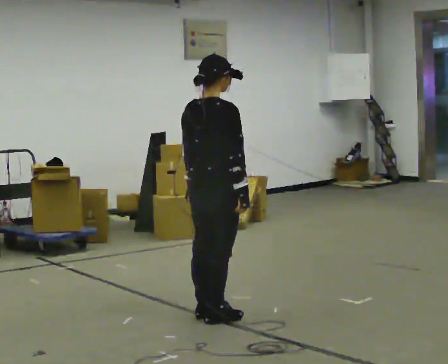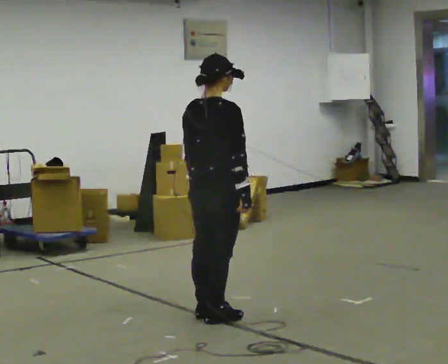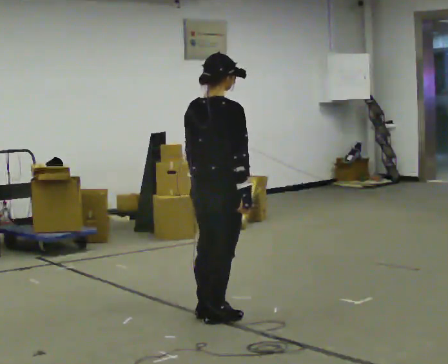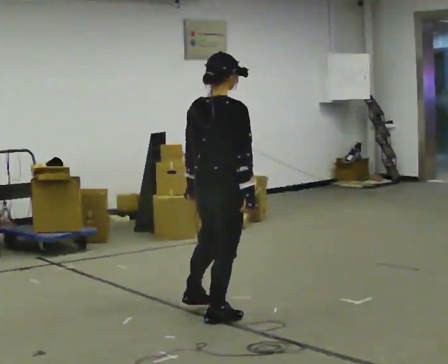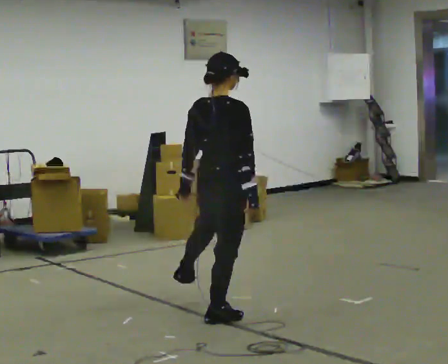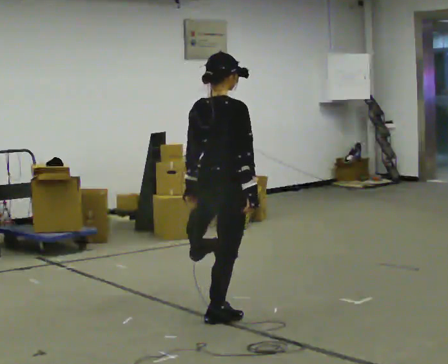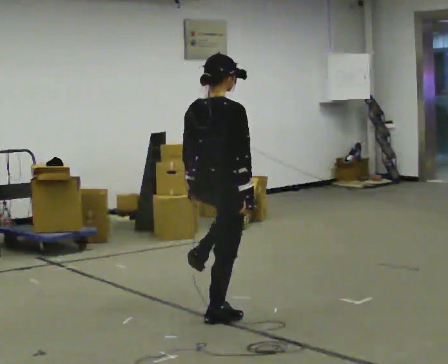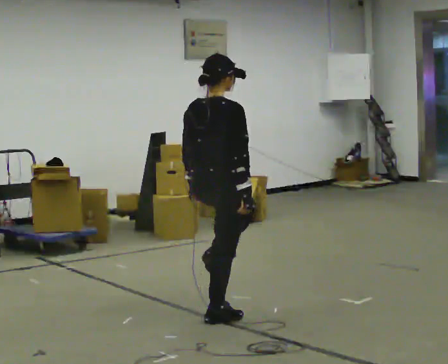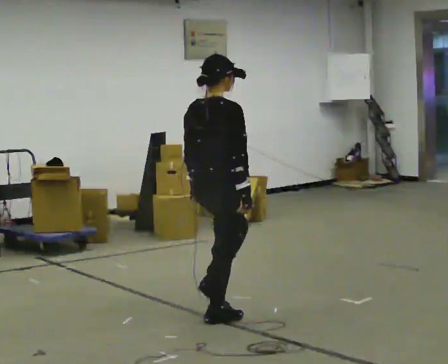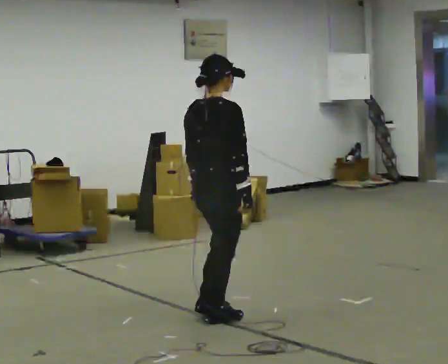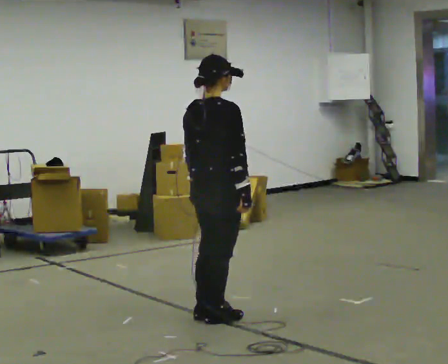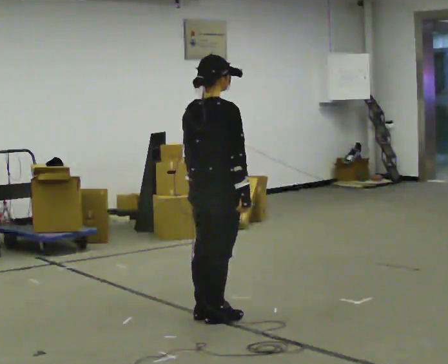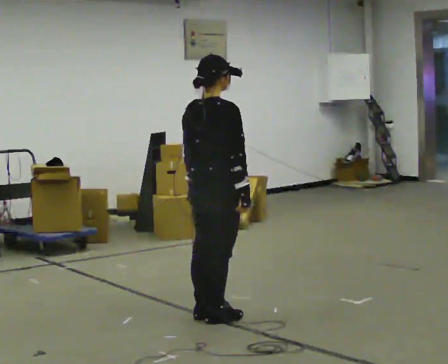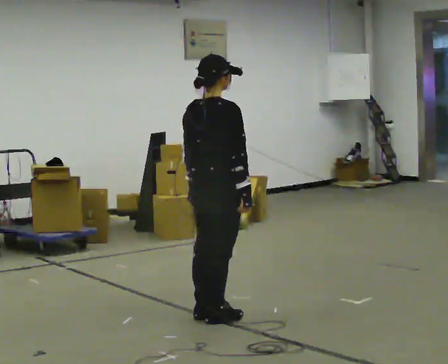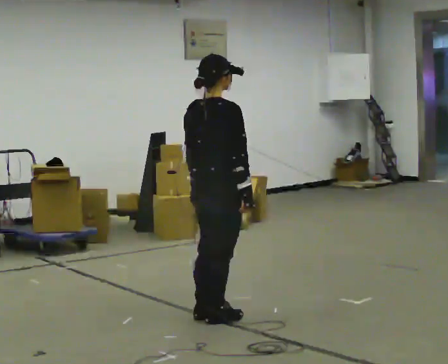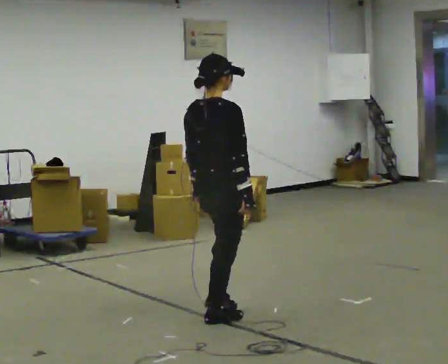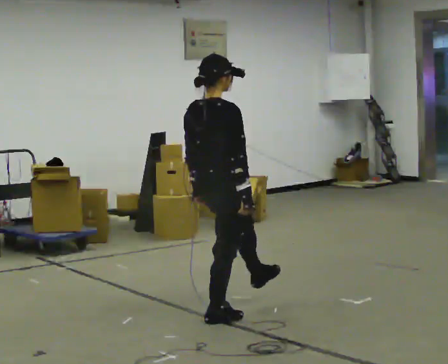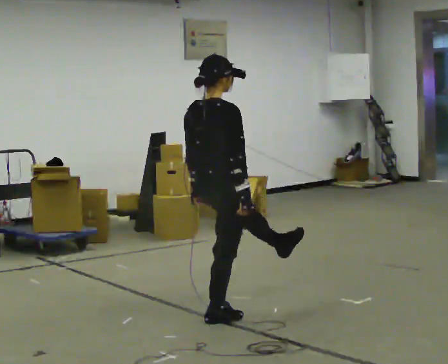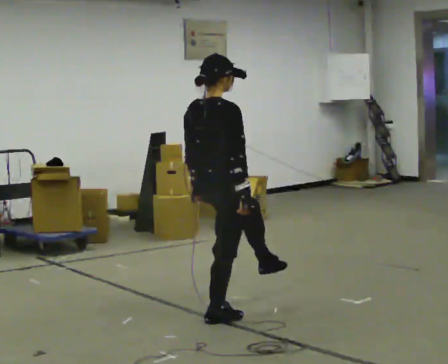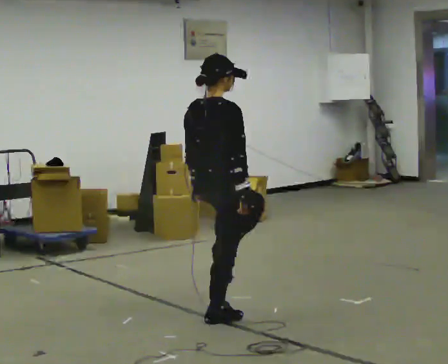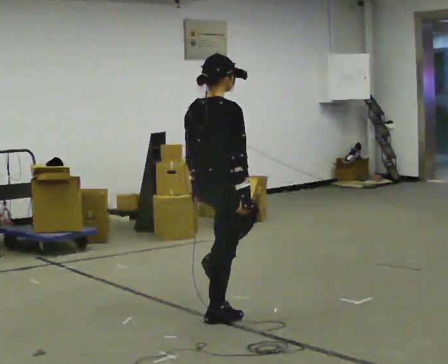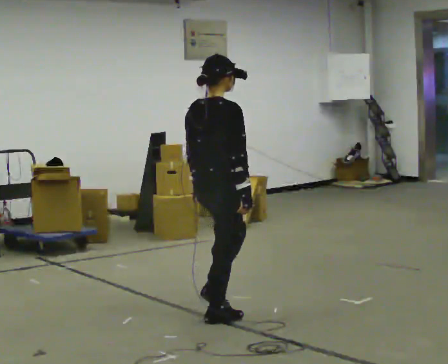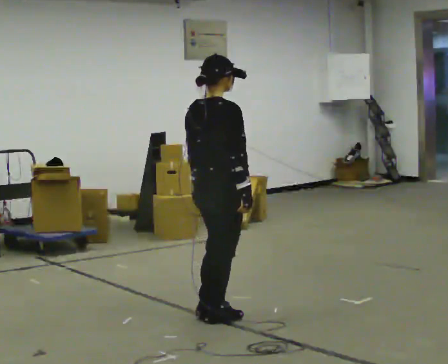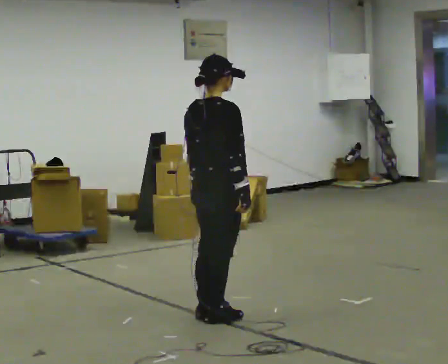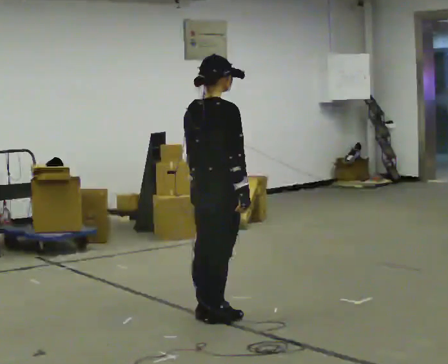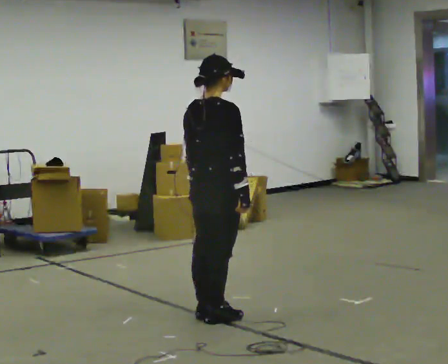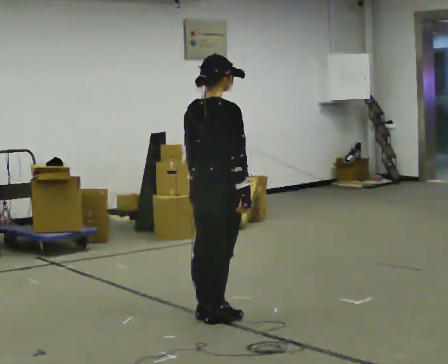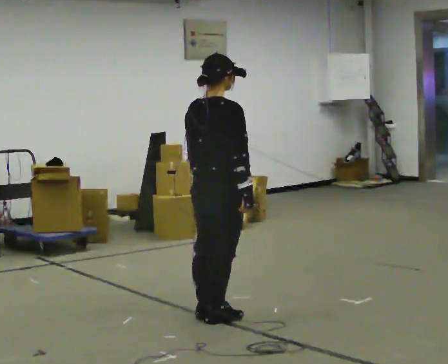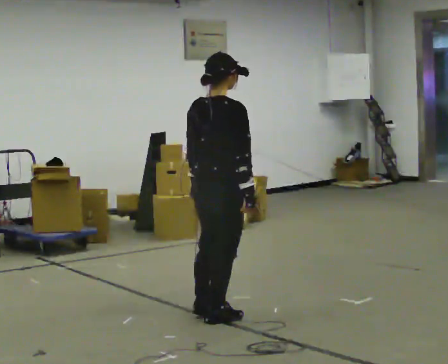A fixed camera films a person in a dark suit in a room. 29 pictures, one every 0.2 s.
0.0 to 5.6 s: The person moves a little, or ends about where they began.
The film runs backward here.
